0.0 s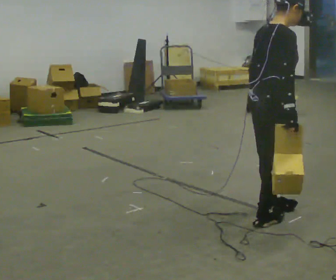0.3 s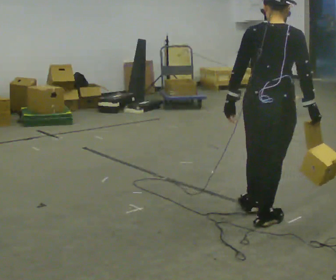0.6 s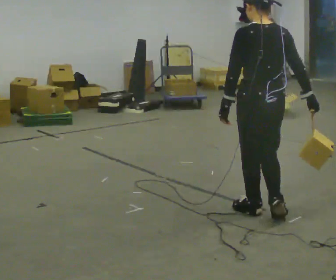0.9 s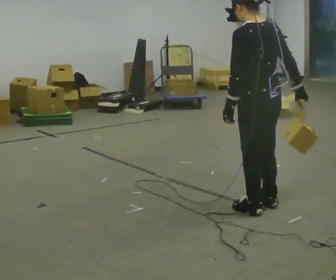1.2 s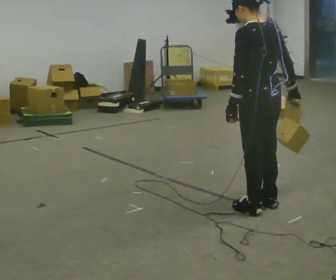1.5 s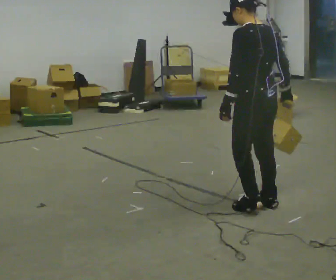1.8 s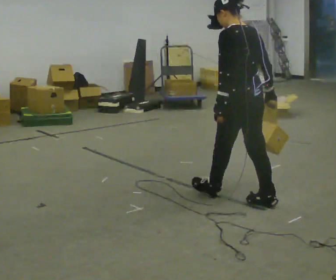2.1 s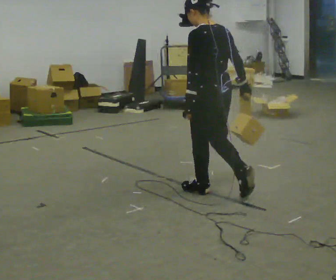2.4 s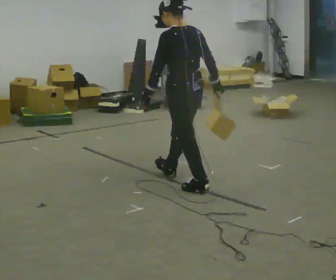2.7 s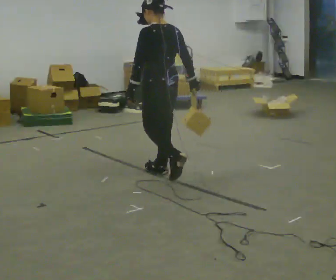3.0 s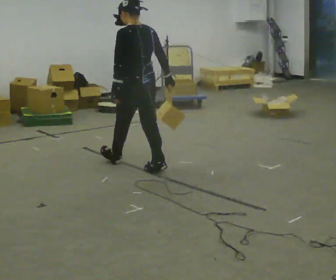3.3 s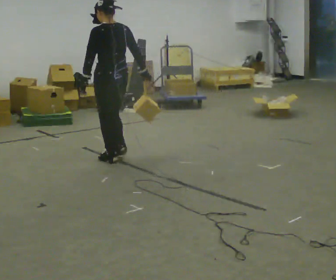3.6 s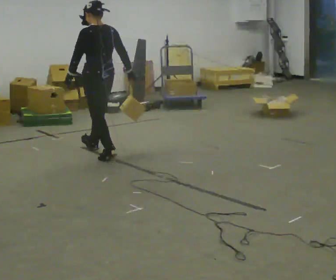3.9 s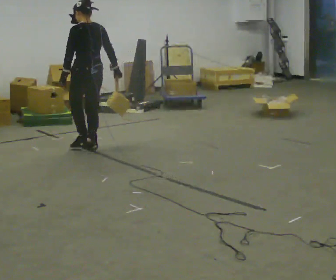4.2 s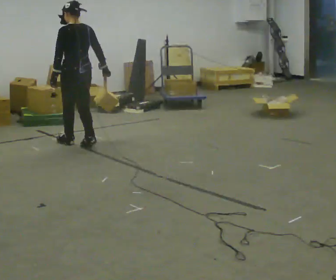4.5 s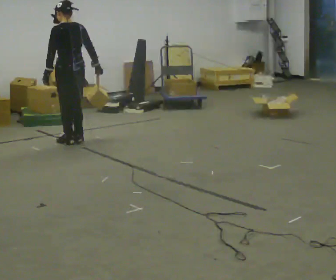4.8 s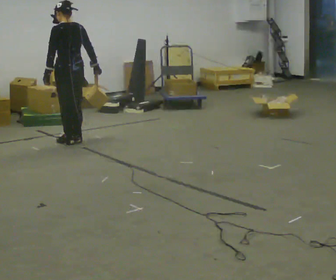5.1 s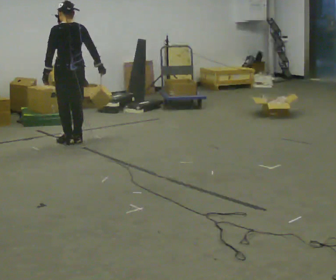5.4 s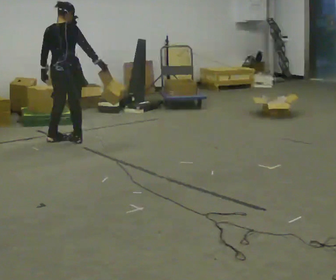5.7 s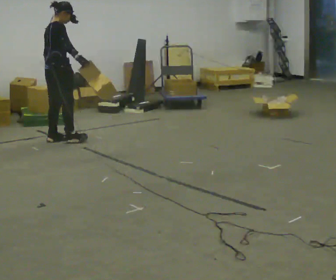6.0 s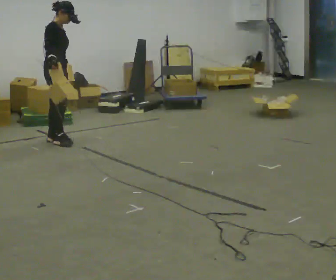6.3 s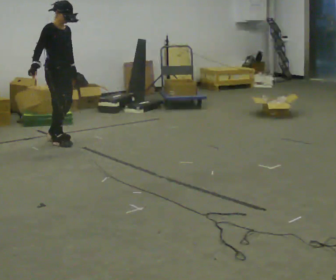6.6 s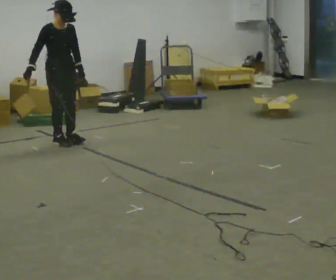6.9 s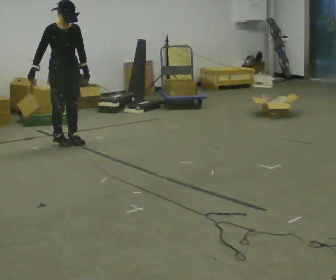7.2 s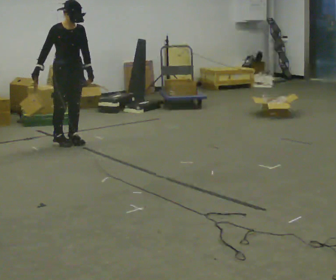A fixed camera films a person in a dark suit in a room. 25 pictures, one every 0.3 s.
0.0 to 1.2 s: The part of the body nearest the lens slides to the right as the person turns to their left by about 105 degrees. In the picture they go away from the camera, about 0.25 m in 1 step.
1.2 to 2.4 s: In the picture they go away from the camera and to the left, about 1 m in 1 step, which for them is forward.
2.4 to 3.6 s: In the picture they go away from the camera and to the left, about 1 m in 3 steps, which for them is forward.
3.6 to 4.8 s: In the picture they go away from the camera and to the left, about 0.5 m in 2 steps, which for them is forward.
4.8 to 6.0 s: The part of the body nearest the lens slides to the left as the person turns to their right by about 135 degrees. In the picture they go to the left, about 0.25 m in 2 steps. In the picture their right hand goes to the left.
6.0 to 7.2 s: Seen from above the body turns clockwise, about 45 degrees: to their right, with its near side sliding to the left. In the picture they go to the right, about 0.25 m in 1 step, which for them is forward.
The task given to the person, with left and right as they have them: Hold the object against your hip on the side the operator calls, and carry it back and forth across the room.
The film runs forward here.
